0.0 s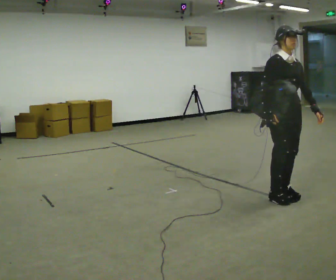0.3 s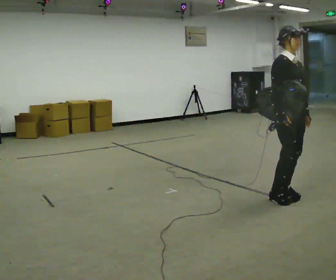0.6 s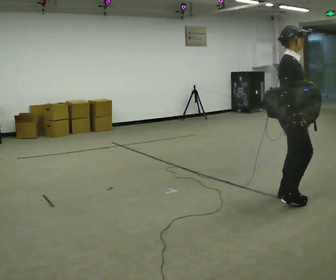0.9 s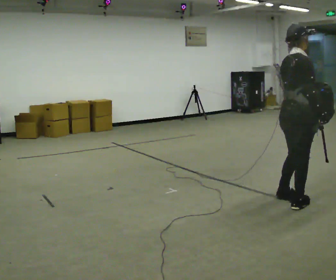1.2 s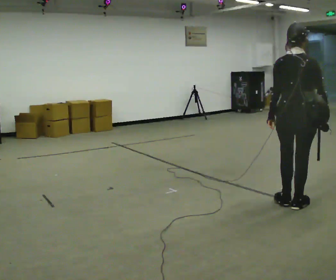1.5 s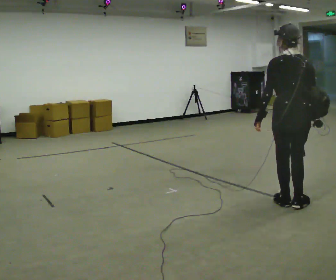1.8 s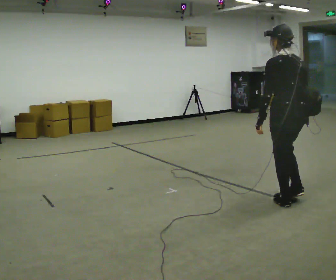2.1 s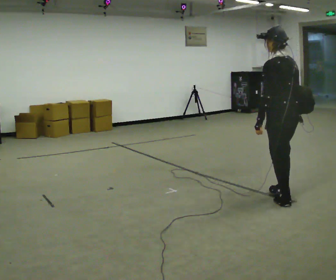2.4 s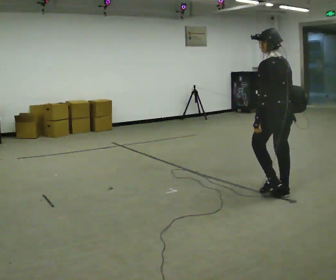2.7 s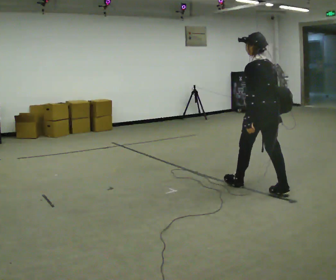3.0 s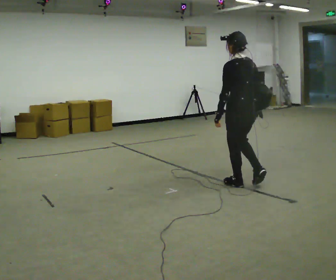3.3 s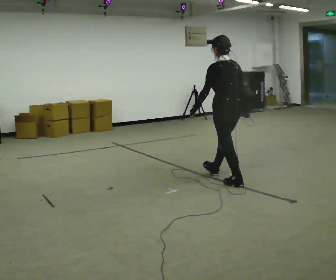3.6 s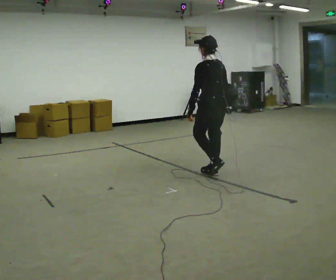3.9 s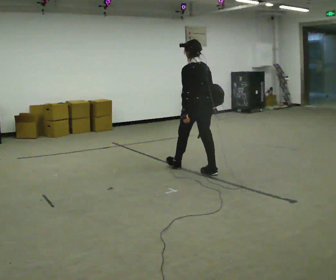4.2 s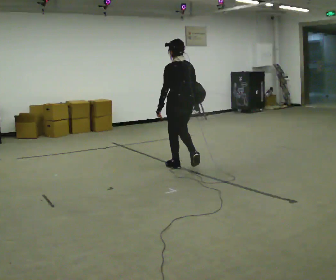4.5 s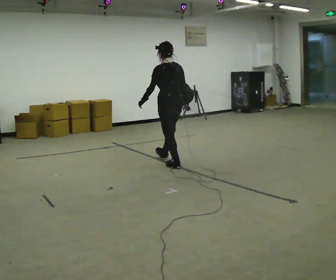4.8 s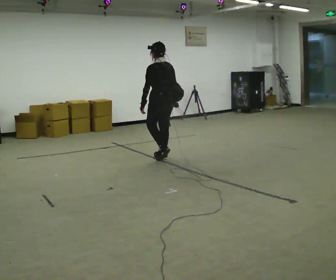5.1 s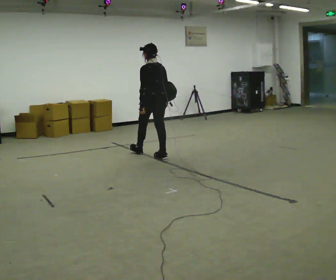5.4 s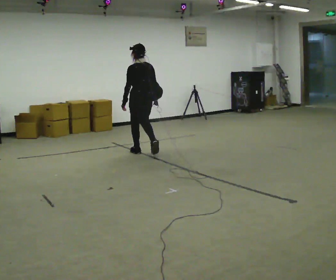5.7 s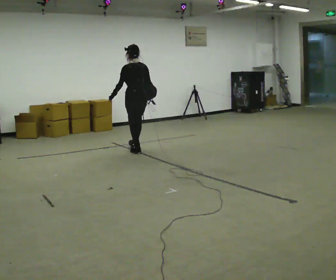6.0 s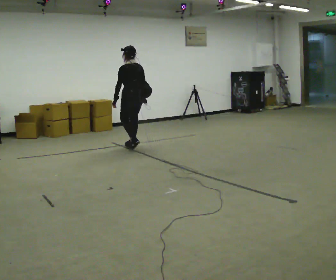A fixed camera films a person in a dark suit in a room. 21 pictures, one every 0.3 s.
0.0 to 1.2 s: The part of the body nearest the lens slides to the right as the person turns to their left by about 120 degrees. In the picture they go toward the camera, about 0.25 m in 2 steps. In the picture their left hand goes to the left, the arm swinging clockwise.
1.2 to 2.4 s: The person turns about 60 degrees to their left, counterclockwise seen from above, so the part of the body nearest the lens slides to the right. In the picture they go away from the camera, about 0.25 m in 1 step.
2.4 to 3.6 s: In the picture they go away from the camera and to the left, about 1 m in 2 steps, which for them is forward.
3.6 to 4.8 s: In the picture they go to the left and away from the camera, about 1 m in 2 steps, which for them is forward.
4.8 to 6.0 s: In the picture they go away from the camera and to the left, about 1 m in 2 steps, which for them is forward.
The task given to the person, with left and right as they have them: Put the soft bag up onto your shoulder and carry it across the room, back and forth.
The film runs forward here.
